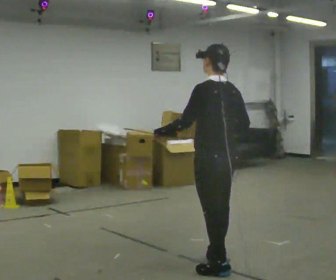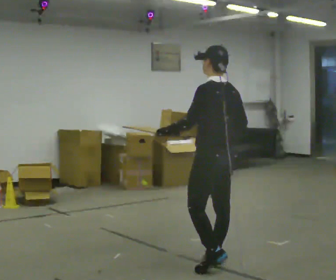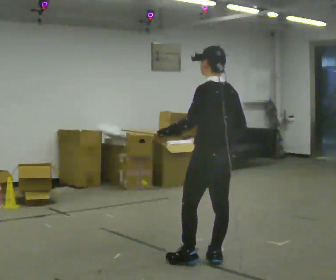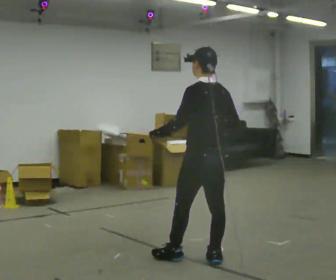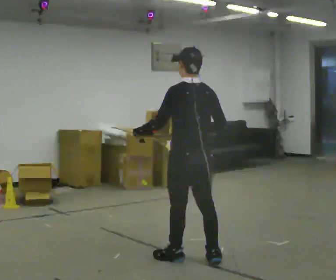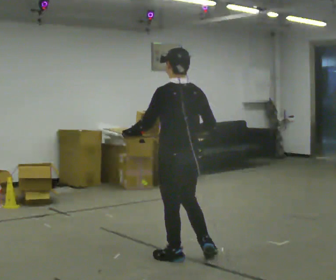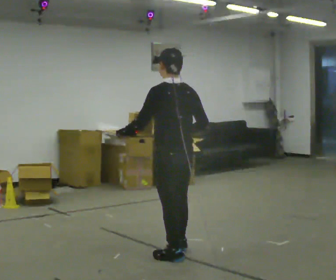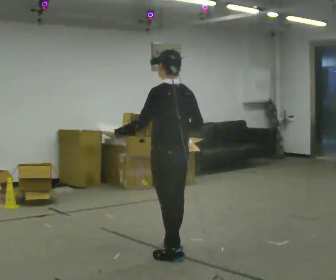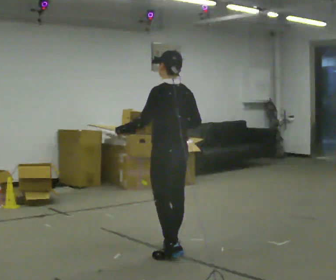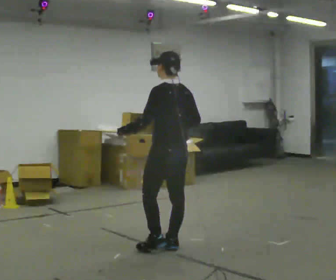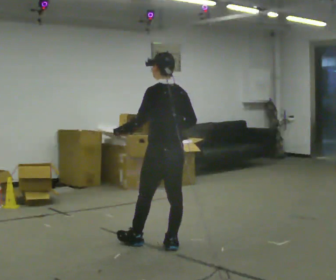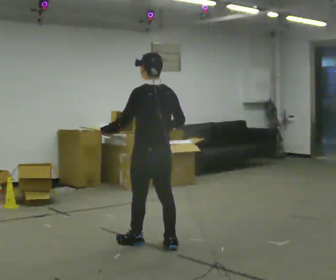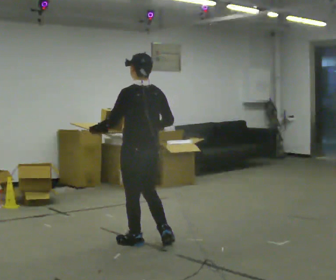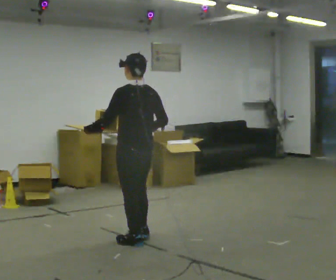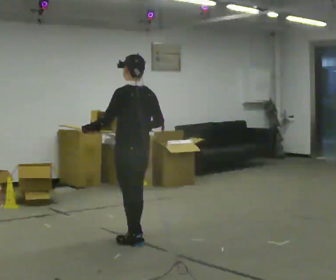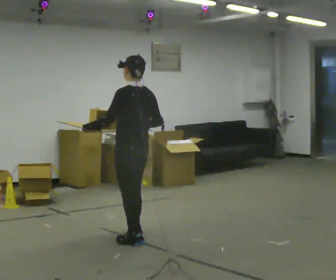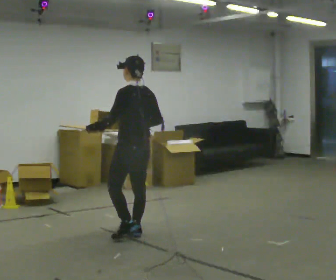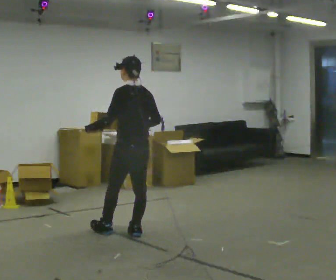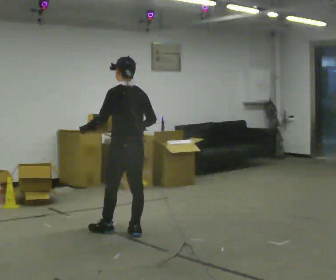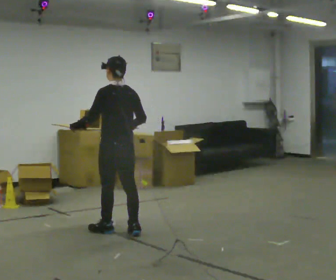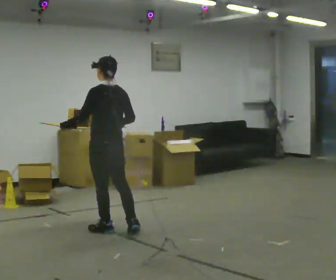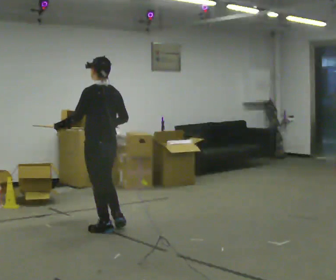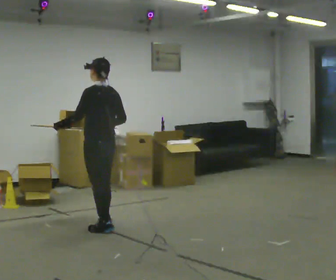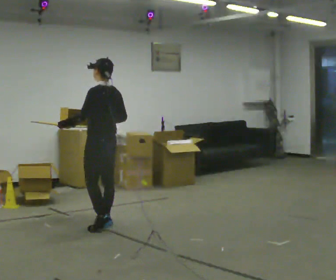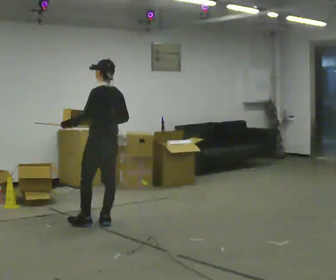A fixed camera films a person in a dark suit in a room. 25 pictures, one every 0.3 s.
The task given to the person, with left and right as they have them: Carry the loaded tray flat and level in both hands, walking back and forth across the room. Try not to let anything slide off.
0.0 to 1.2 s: In the picture they go away from the camera and to the left, about 0.25 m in 1 step, which for them is forward.
1.2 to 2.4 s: In the picture they go away from the camera, about 0.25 m in 1 step, which for them is forward.
2.4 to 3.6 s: In the picture they go to the left and away from the camera, about 0.25 m in 1 step, which for them is forward.
3.6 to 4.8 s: In the picture they go away from the camera, about 0.25 m in 1 step, which for them is forward and to their right.
4.8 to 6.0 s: In the picture they go to the left, about 0.25 m in 1 step, which for them is forward.
6.0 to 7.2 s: In the picture they go away from the camera, about 0.25 m in 1 step, which for them is forward and to their right.
The film runs forward here.
